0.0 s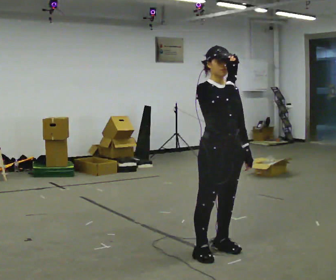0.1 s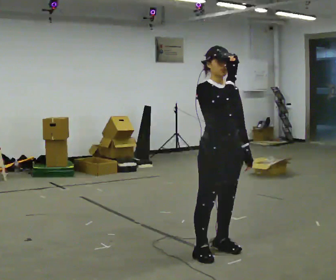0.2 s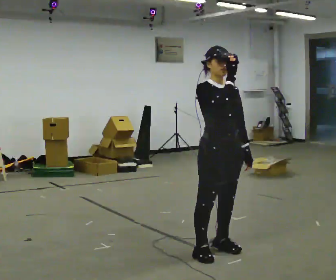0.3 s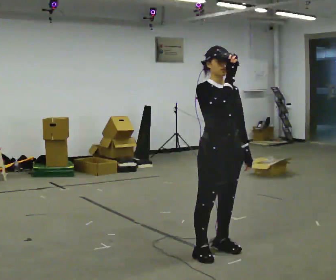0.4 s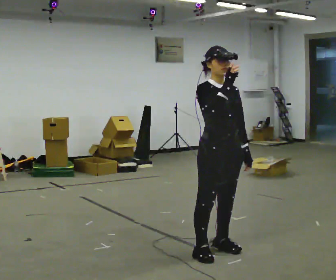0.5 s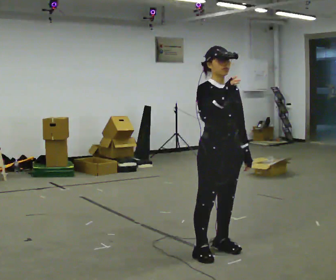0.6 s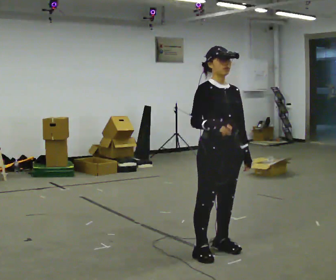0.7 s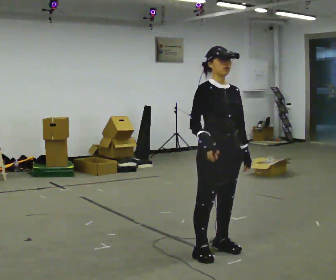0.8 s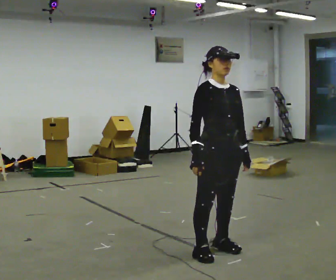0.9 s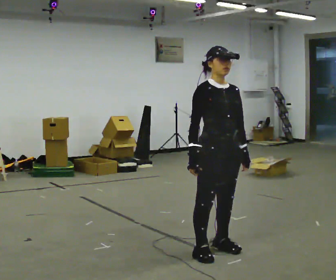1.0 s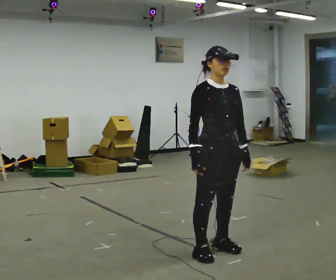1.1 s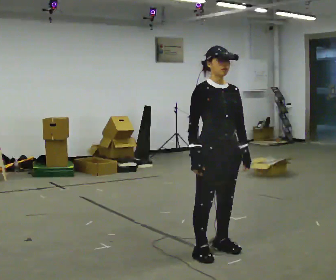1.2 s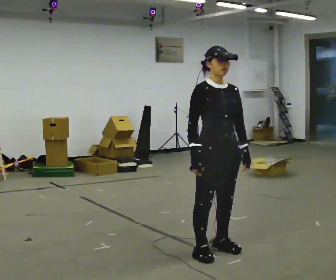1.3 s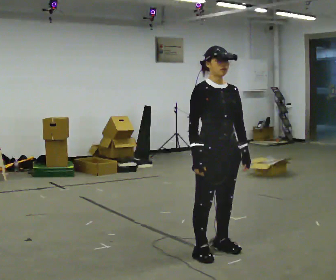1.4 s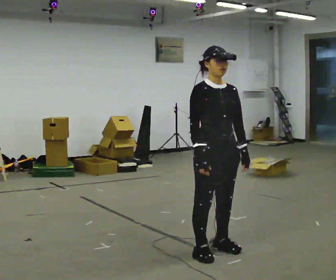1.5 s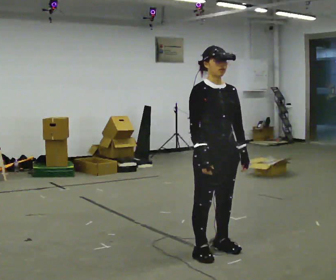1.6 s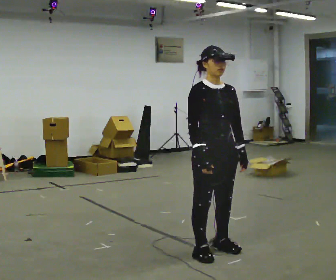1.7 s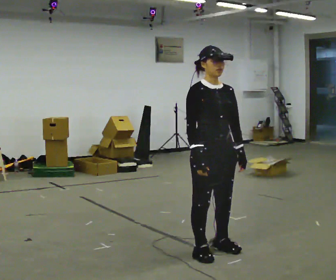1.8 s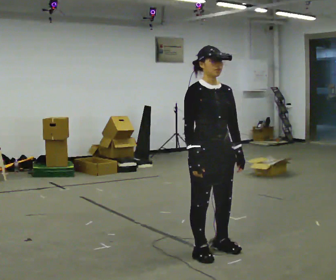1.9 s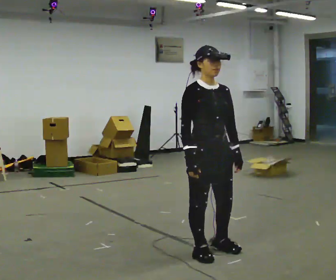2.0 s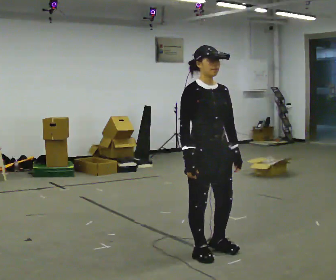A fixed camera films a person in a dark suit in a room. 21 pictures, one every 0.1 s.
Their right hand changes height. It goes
downward.
0.0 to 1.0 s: In the picture their right hand goes downward.
1.0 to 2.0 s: The person moves a little, or ends about where they began.
The film runs forward here.
